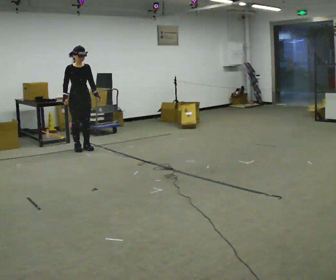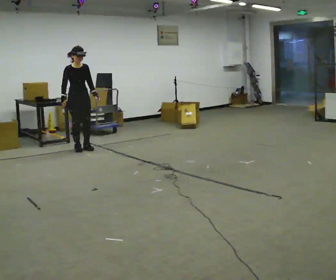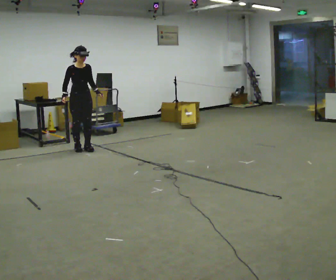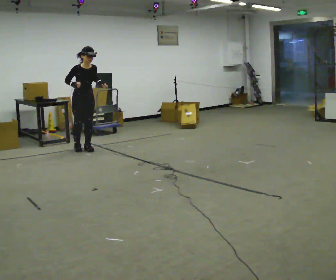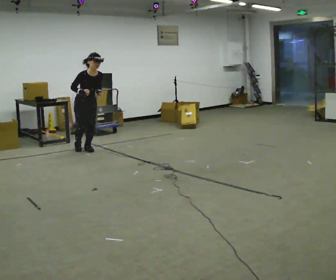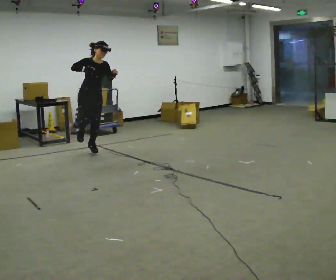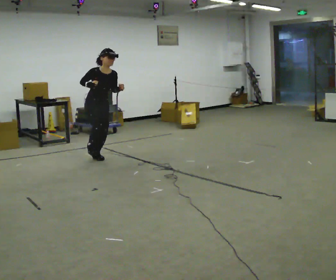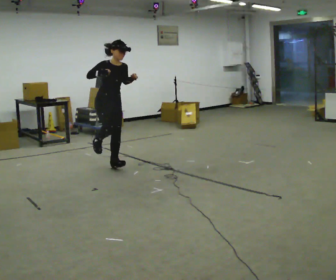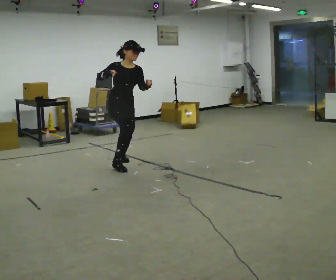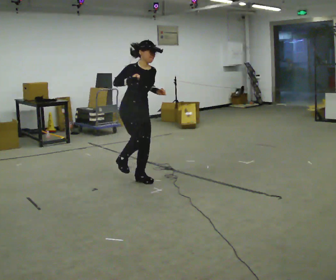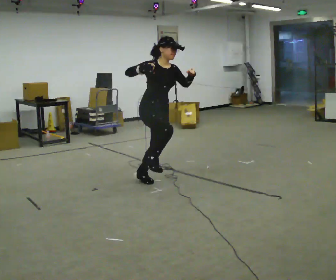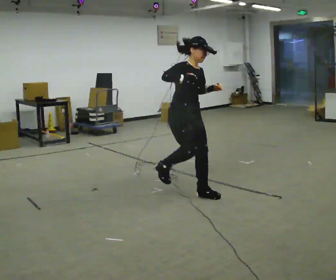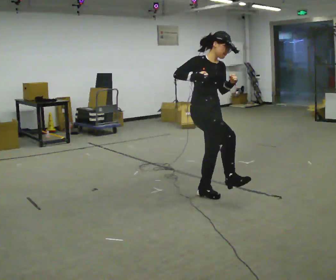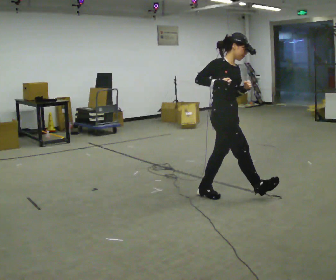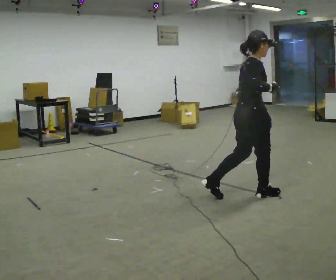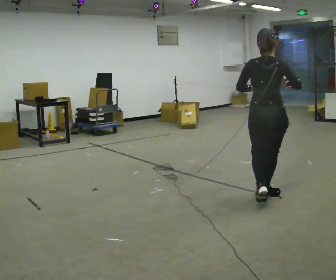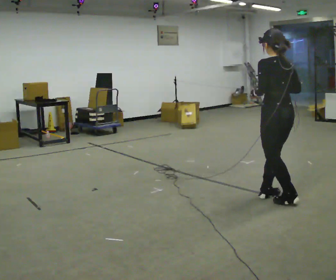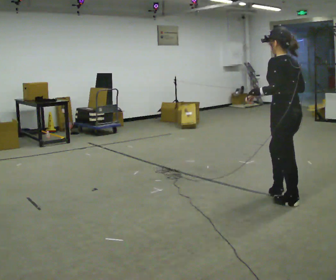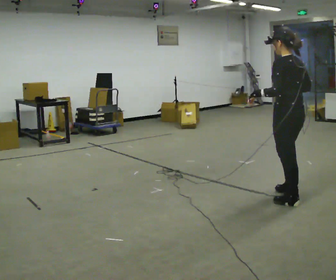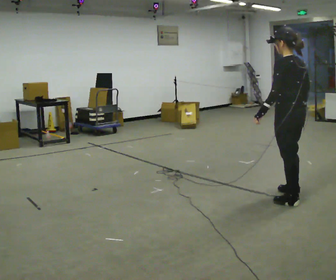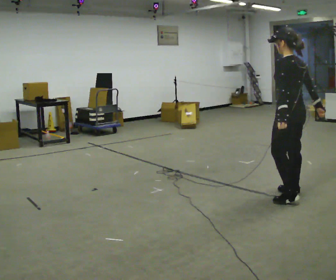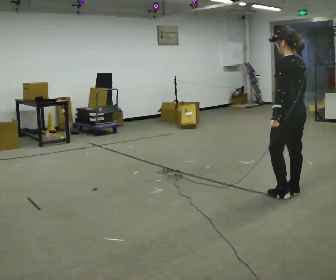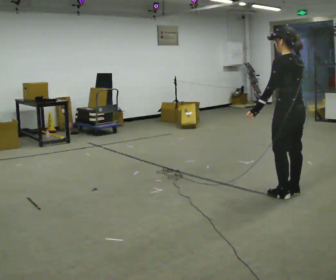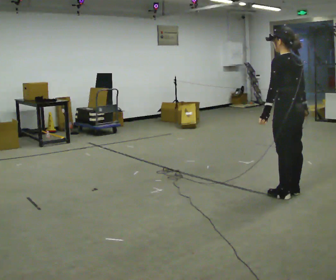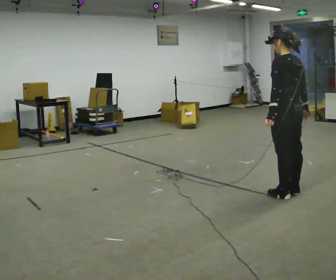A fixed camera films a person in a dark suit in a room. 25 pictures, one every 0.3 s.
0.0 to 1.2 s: In the picture the upper body tilts clockwise, shoulders to the right, as they bend forward. In the picture their right hand goes to the right.
1.2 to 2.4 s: In the picture they go toward the camera and to the right, about 1.5 m in 2 steps, which for them is forward.
2.4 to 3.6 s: In the picture they go to the right and toward the camera, about 1 m in 2 steps, which for them is forward.
3.6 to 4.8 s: The part of the body nearest the lens slides to the right as the person turns to their left by about 165 degrees. In the picture they go to the right, about 0.75 m in 2 steps.
4.8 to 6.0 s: In the picture their right hand goes to the right.
6.0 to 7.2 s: The person moves a little, or ends about where they began.
The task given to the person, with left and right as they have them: Hop forward on the leg the operator calls, keeping the other foot off the floor.
The film runs forward here.
